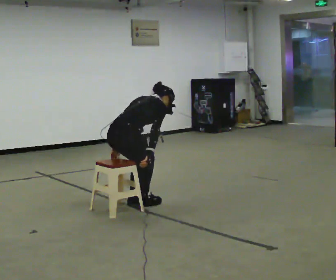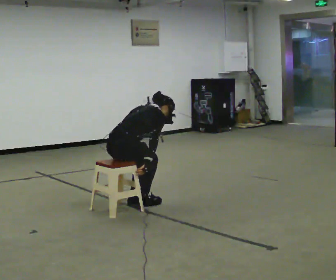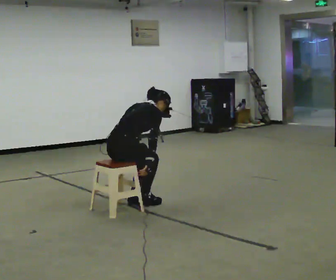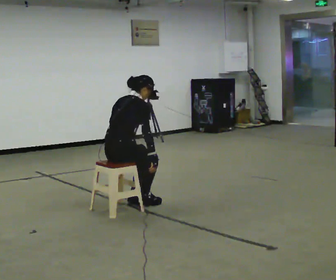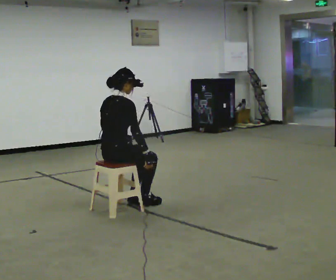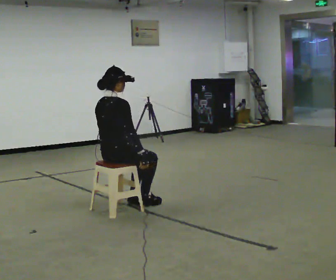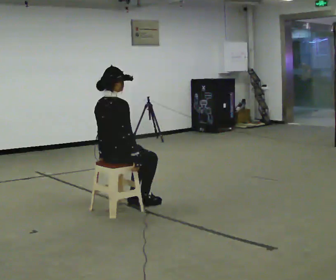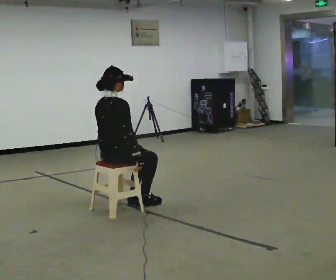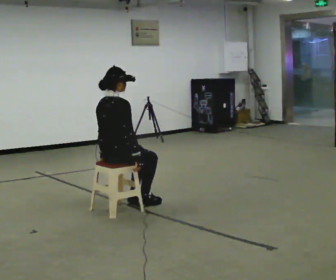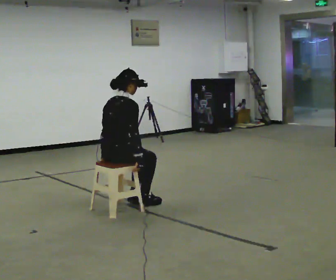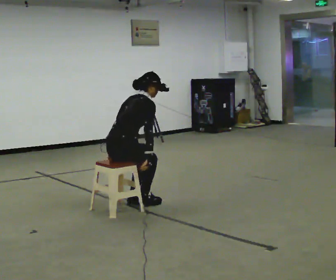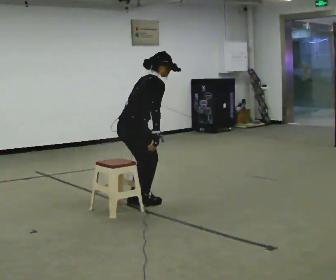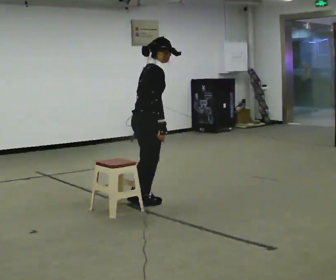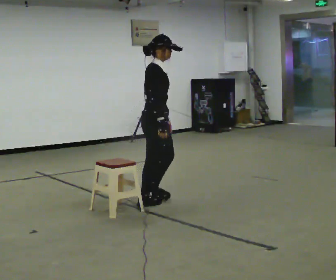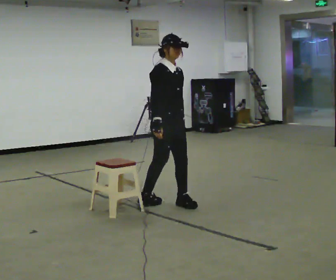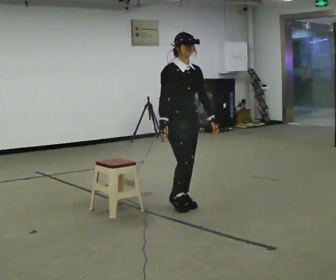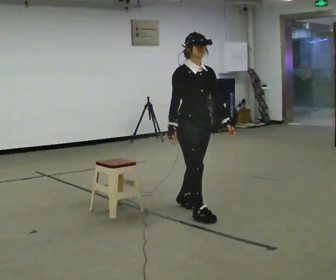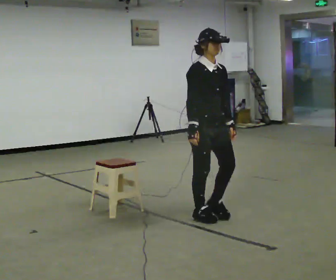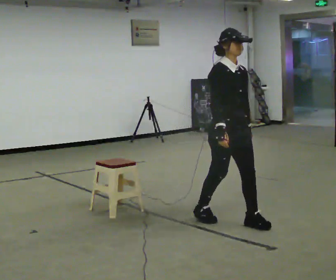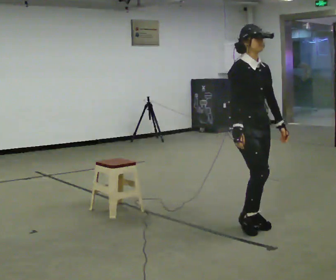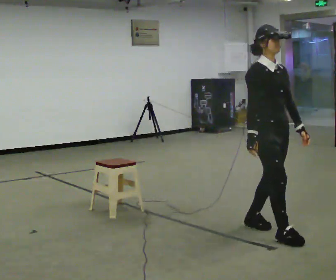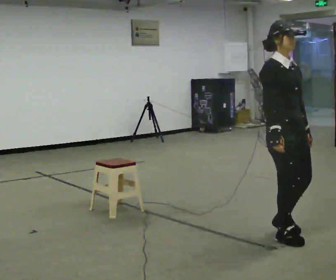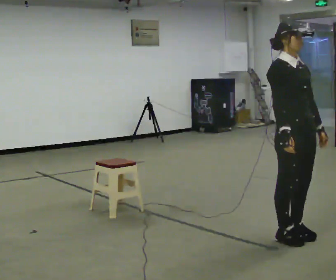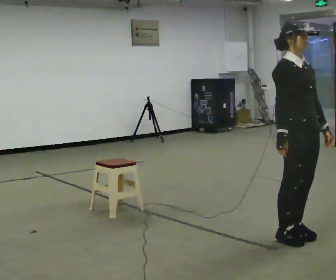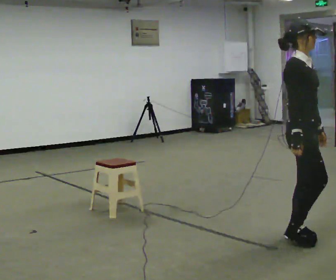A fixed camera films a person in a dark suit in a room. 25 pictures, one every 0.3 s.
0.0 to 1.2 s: In the picture the upper body tilts counterclockwise, shoulders to the left, as they lean back or straighten.
1.2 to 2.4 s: The person moves a little, or ends about where they began.
2.4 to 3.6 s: The part of the body nearest the lens slides to the left as the person turns to their right by about 30 degrees. In the picture they go to the right and away from the camera, about 0.25 m, which for them is forward. The shoulders move upward.
3.6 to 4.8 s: The part of the body nearest the lens slides to the left as the person turns to their right by about 75 degrees. In the picture they go to the right and toward the camera, about 0.5 m in 2 steps.
4.8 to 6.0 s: In the picture they go toward the camera and to the right, about 1 m in 2 steps, which for them is forward.
6.0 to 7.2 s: In the picture they go toward the camera and to the right, about 0.25 m in 1 step, which for them is forward.
The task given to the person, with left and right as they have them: Walk to chair; sit ~2 s; stand; walk away.
The film runs forward here.
